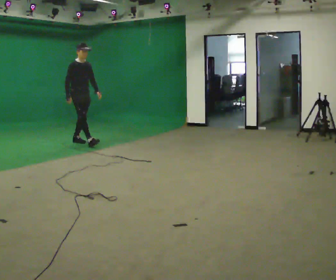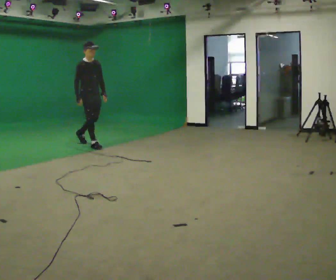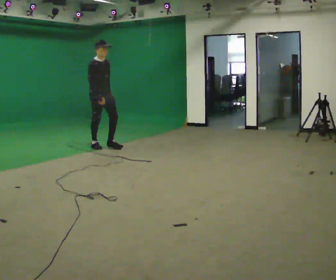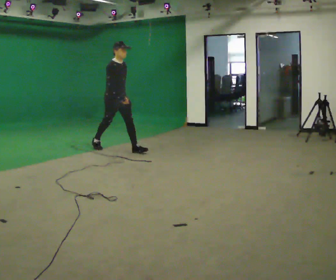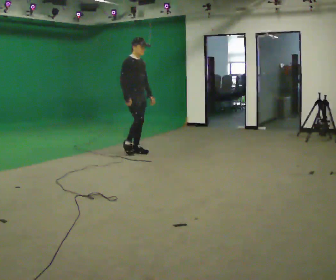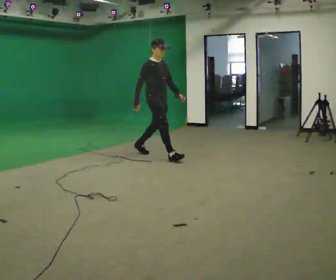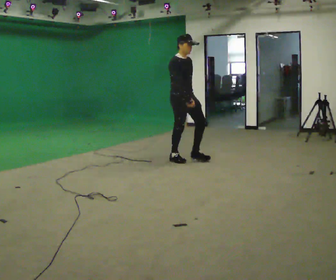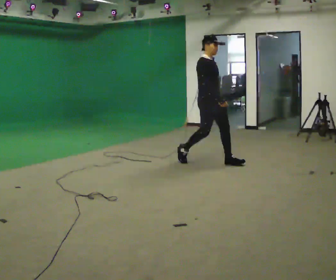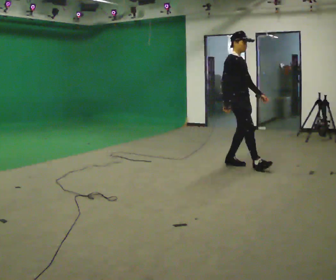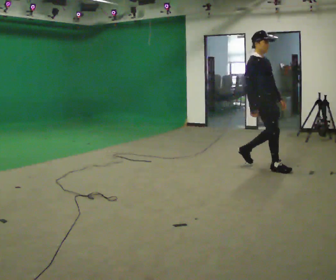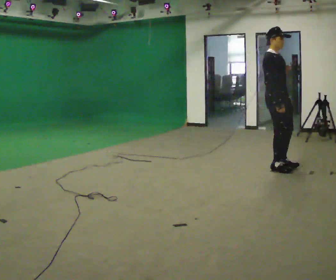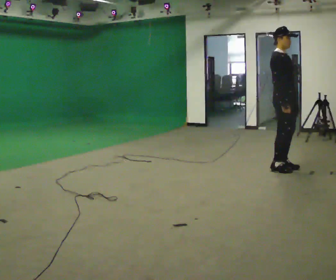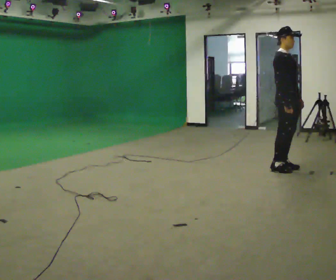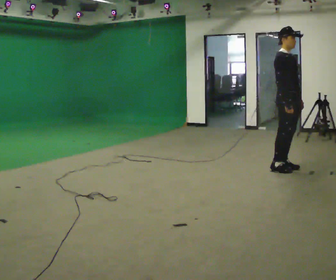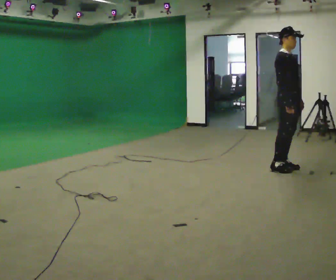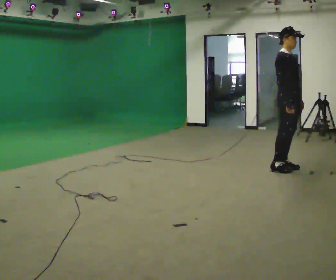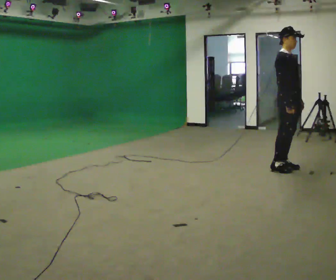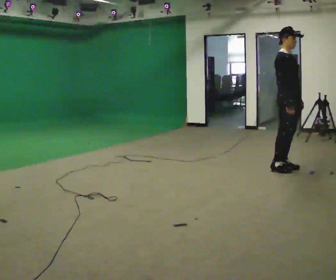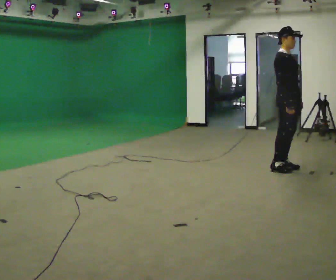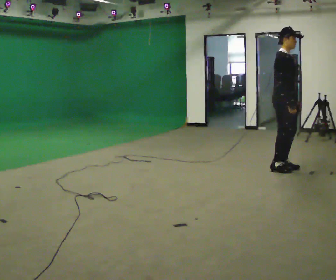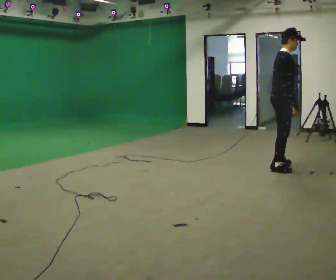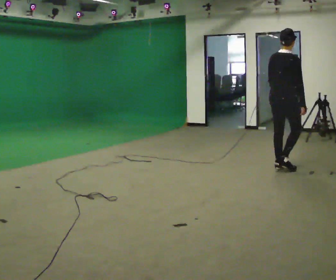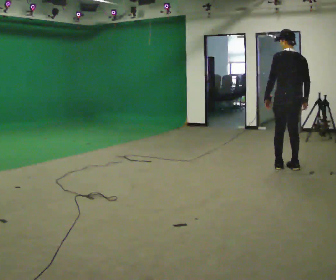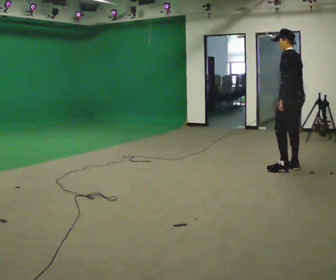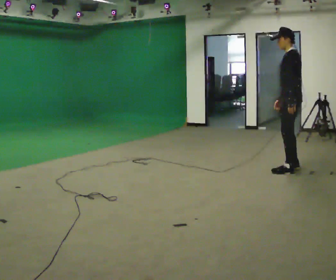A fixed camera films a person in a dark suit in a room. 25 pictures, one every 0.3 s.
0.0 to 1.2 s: In the picture they go to the right, about 1 m in 2 steps, which for them is forward.
1.2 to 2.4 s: In the picture they go to the right, about 1.5 m in 2 steps, which for them is forward.
2.4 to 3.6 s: In the picture they go to the right, about 0.5 m in 2 steps, which for them is forward.
3.6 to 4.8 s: The person keeps their place and pose.
4.8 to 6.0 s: Seen from above the body turns counterclockwise, about 30 degrees: to their left, with its near side sliding to the right.
6.0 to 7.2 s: The person turns about 165 degrees to their left, counterclockwise seen from above, so the part of the body nearest the lens slides to the right. In the picture they go to the right, about 0.25 m in 2 steps.
The film runs forward here.
